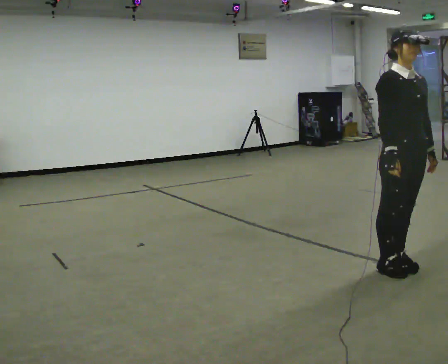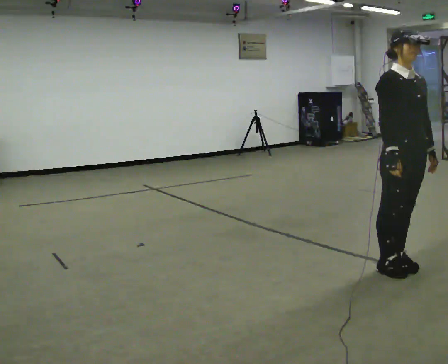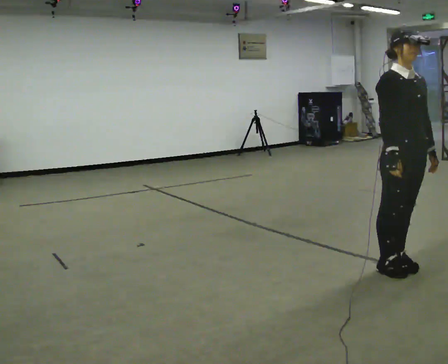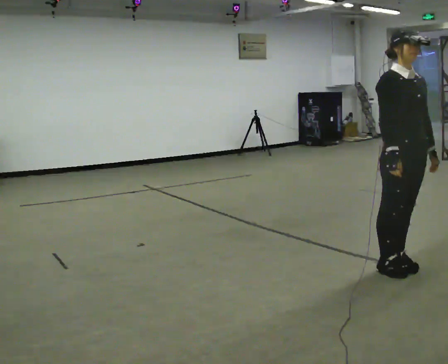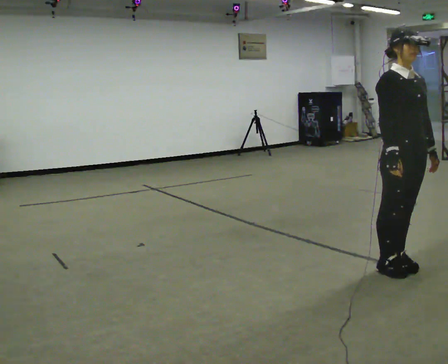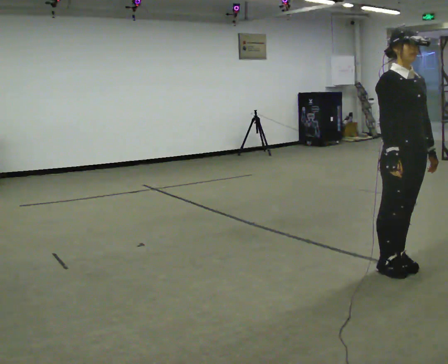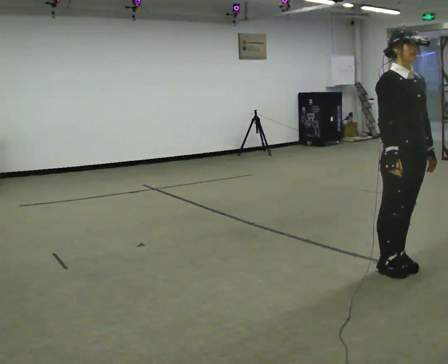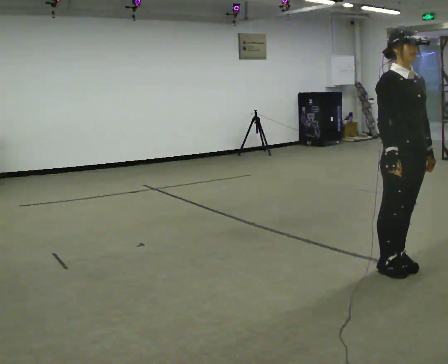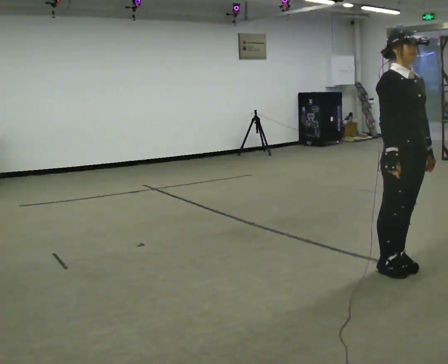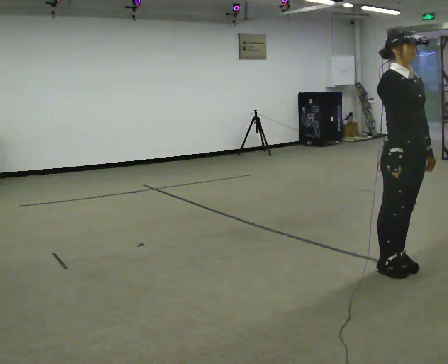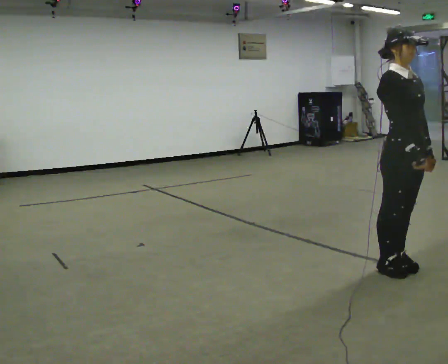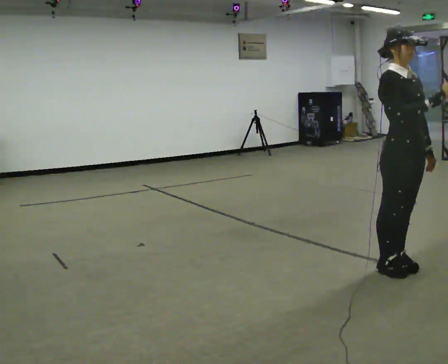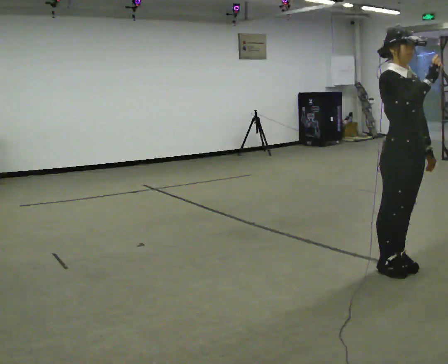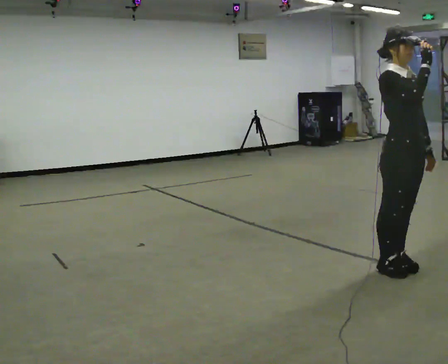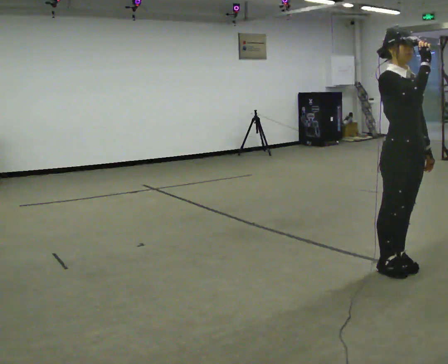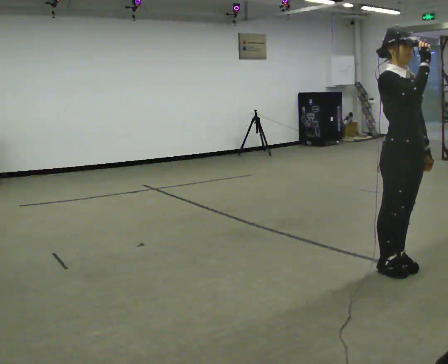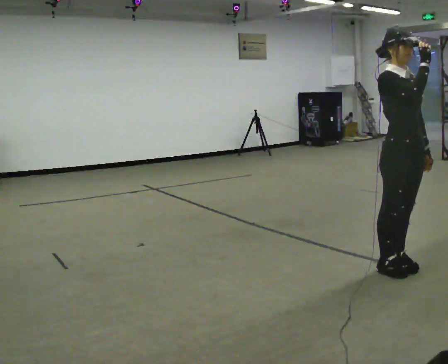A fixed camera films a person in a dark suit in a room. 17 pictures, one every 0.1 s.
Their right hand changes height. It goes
upward.
0.0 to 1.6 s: In the picture their right hand goes upward.
The film runs backward here.
